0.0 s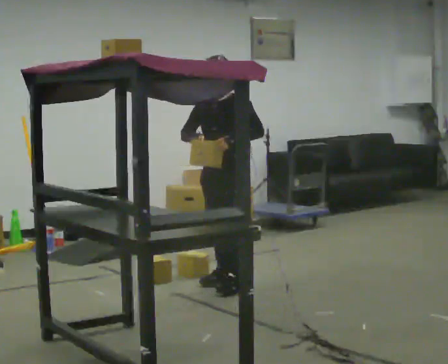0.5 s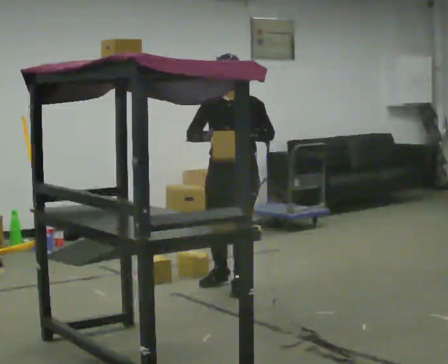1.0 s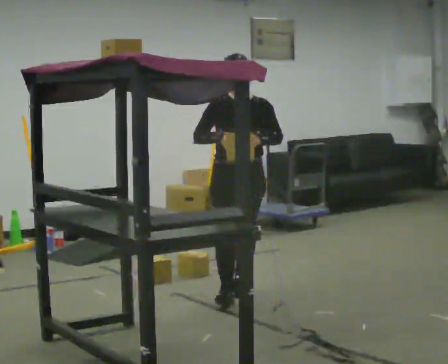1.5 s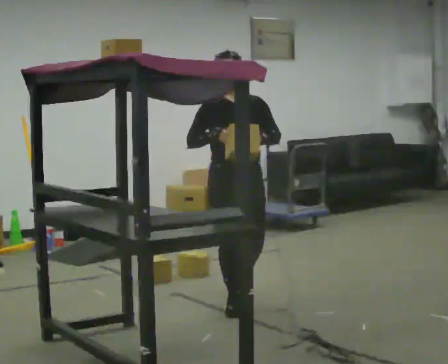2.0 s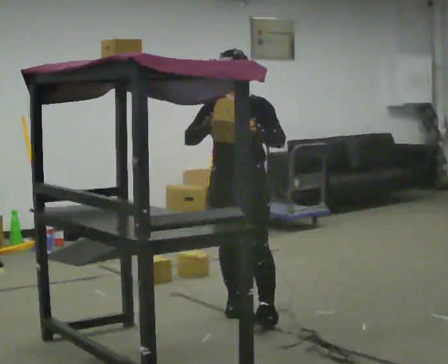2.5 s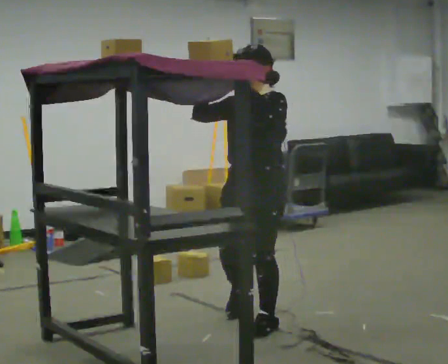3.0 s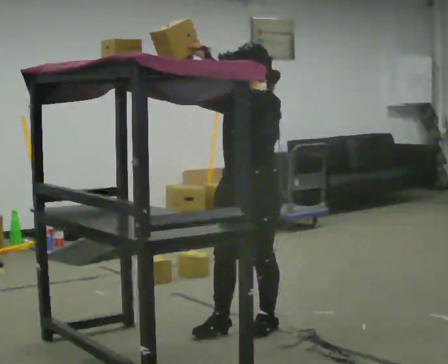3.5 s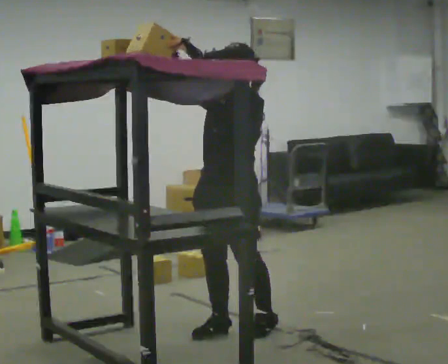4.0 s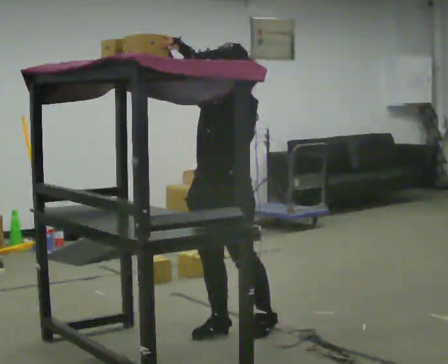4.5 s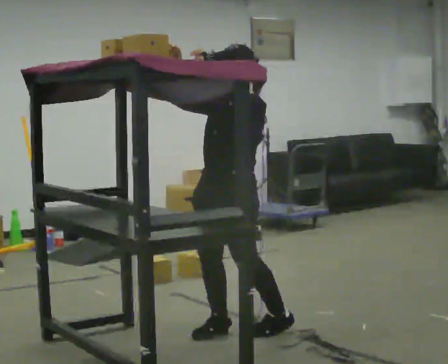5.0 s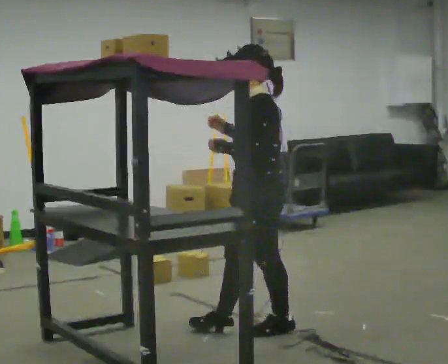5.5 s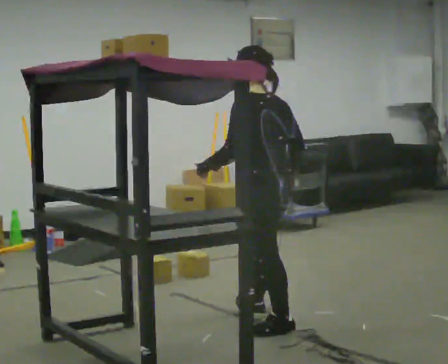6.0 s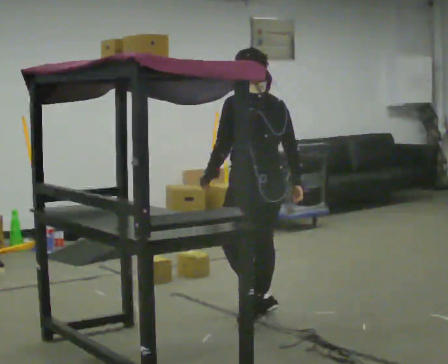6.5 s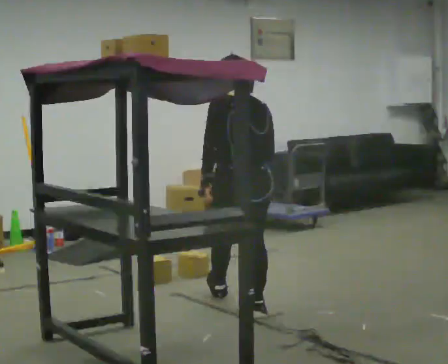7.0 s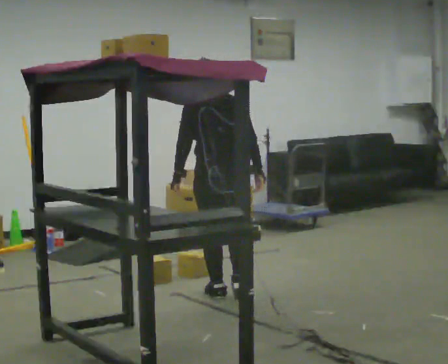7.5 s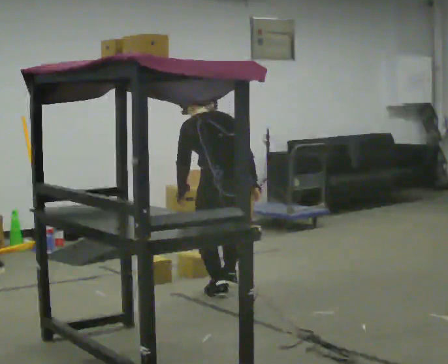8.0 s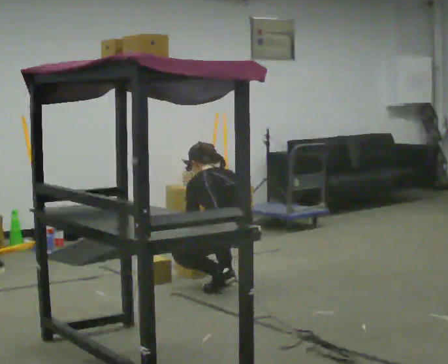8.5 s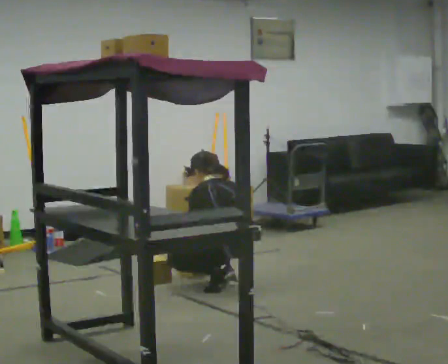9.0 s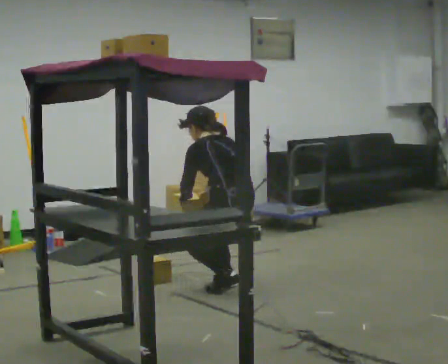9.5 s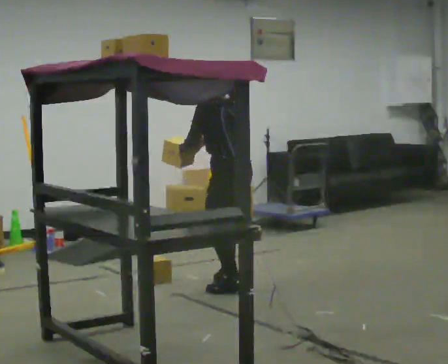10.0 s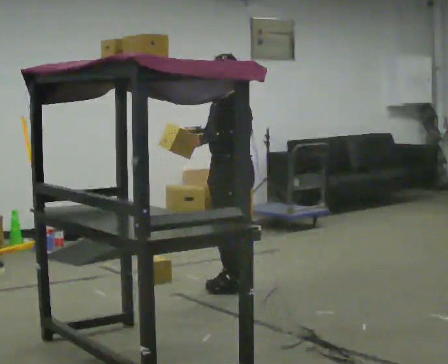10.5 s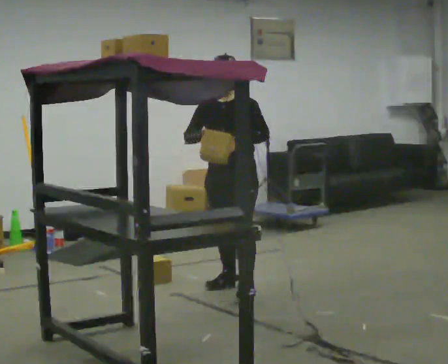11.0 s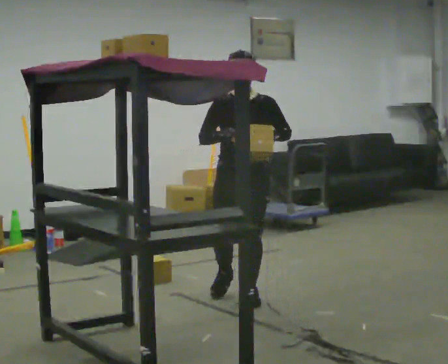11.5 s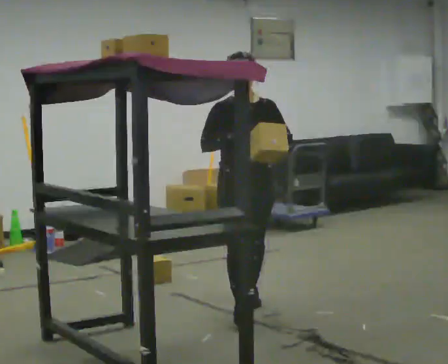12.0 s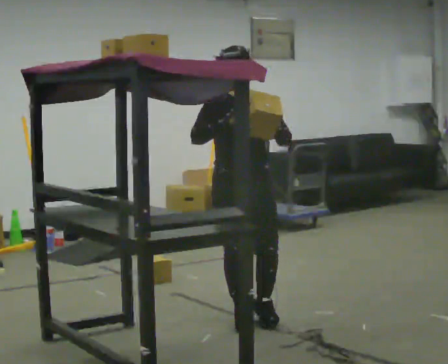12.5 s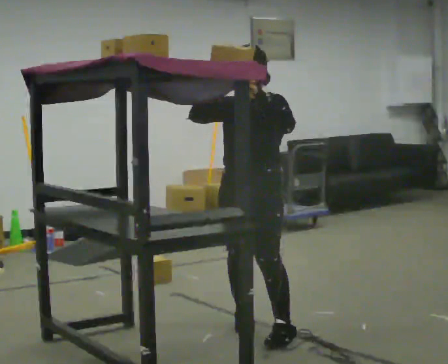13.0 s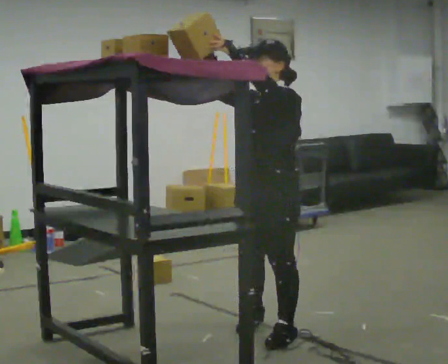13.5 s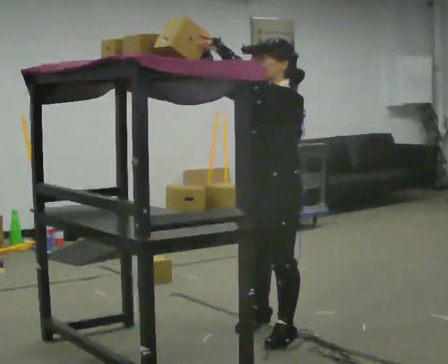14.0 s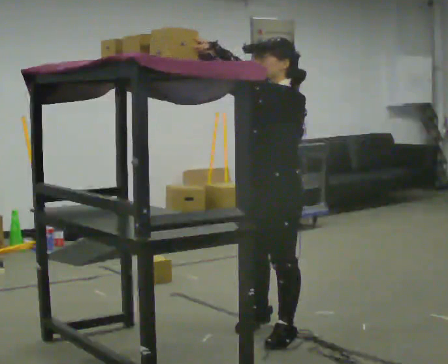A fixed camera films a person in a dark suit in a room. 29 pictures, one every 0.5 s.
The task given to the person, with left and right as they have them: Pick an object up off the floor, carry it across the room, and place it on the highest shelf you can comfortably reach. Keep going until the operator says stop; one object at a time, and do not rush between trips.
0.0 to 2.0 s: In the picture they go toward the camera, about 1 m in 1 step, which for them is forward.
2.0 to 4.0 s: The part of the body nearest the lens slides to the left as the person turns to their right by about 30 degrees. In the picture they go toward the camera, about 0.5 m in 2 steps, which for them is forward and to their left. In the picture their left hand goes upward.
4.0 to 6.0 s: The part of the body nearest the lens slides to the left as the person turns to their right by about 105 degrees. In the picture they go away from the camera and to the right, about 0.5 m in 1 step. In the picture their right hand goes downward.
6.0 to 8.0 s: In the picture they go away from the camera, about 0.75 m in 2 steps, which for them is forward. The shoulders move downward. The upper body tips away from the camera, its near side rolling upward, as they bend forward. In the picture their right hand goes downward.
8.0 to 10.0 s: The person turns about 90 degrees to their left, counterclockwise seen from above, so the part of the body nearest the lens slides to the right. The shoulders move upward. The upper body tips toward the camera, its near side rolling downward, as they lean back or straighten. In the picture their right hand goes upward.
10.0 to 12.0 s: The part of the body nearest the lens slides to the right as the person turns to their left by about 75 degrees. In the picture they go toward the camera, about 1 m in 1 step.
12.0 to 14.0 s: The part of the body nearest the lens slides to the left as the person turns to their right by about 60 degrees. In the picture they go toward the camera, about 0.5 m in 1 step. In the picture their left hand goes upward.
The film runs forward here.
